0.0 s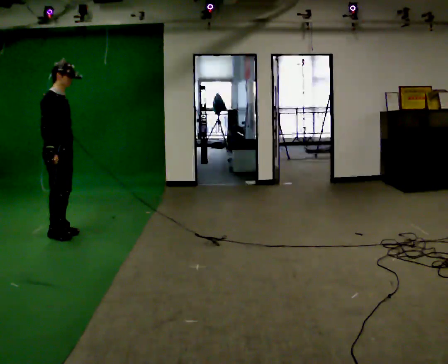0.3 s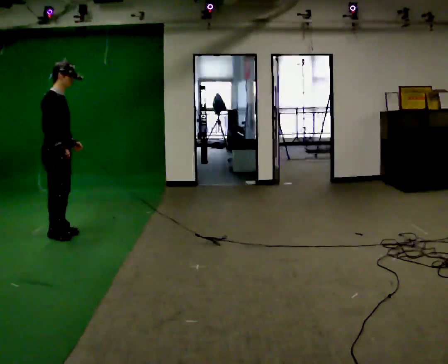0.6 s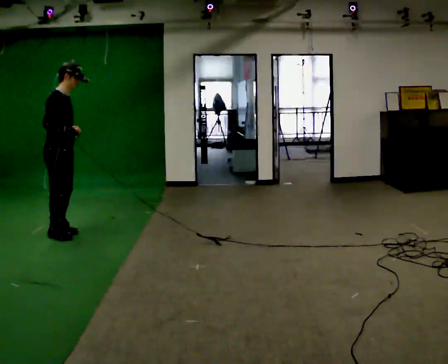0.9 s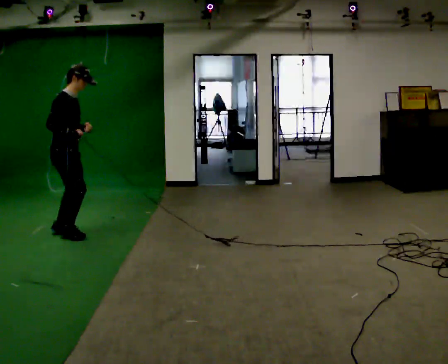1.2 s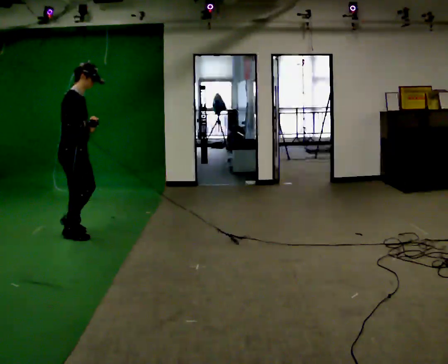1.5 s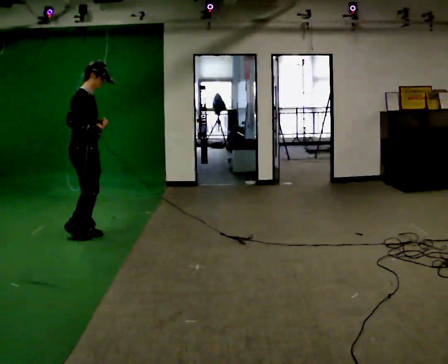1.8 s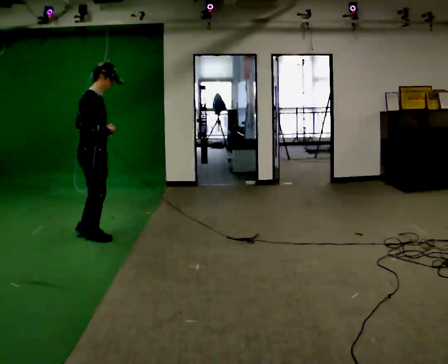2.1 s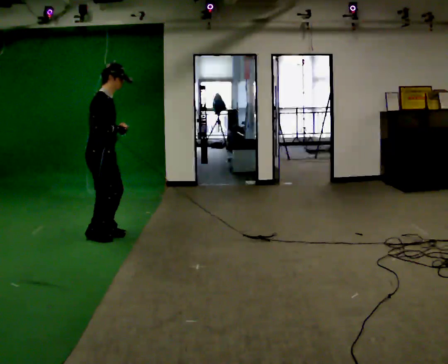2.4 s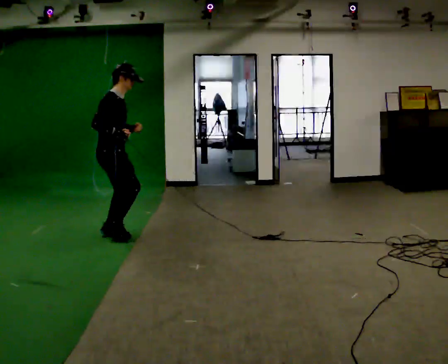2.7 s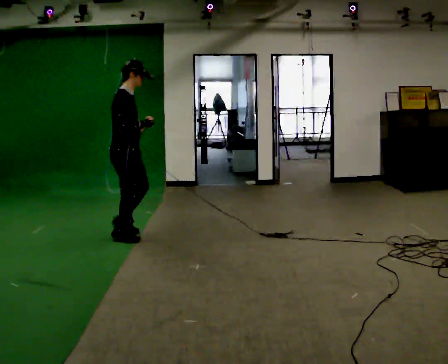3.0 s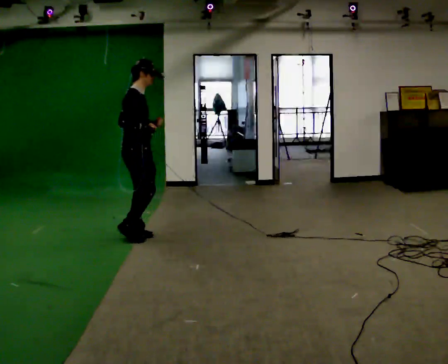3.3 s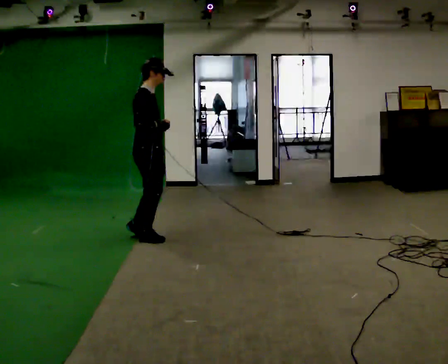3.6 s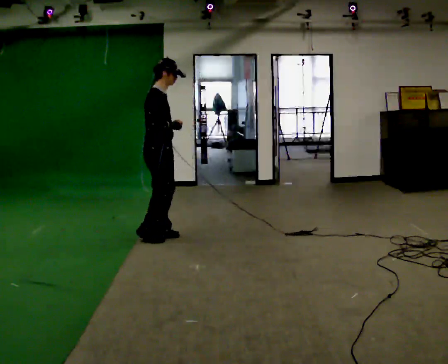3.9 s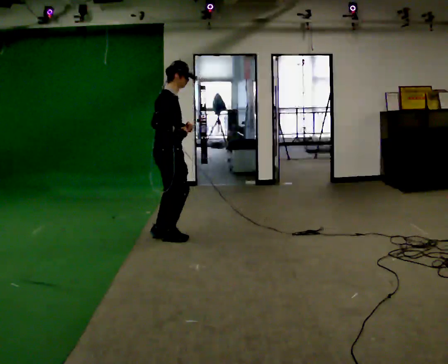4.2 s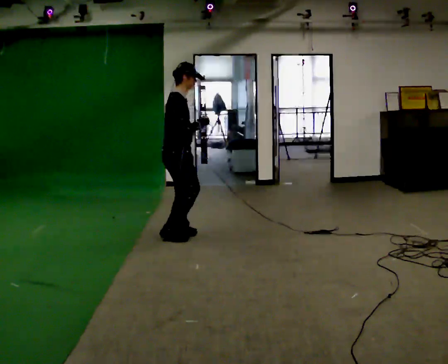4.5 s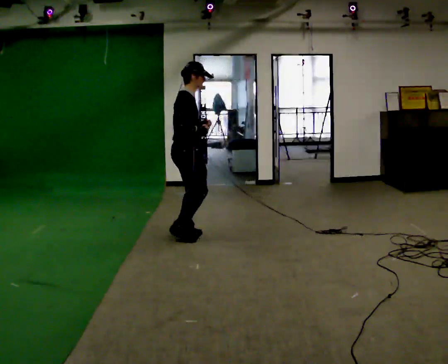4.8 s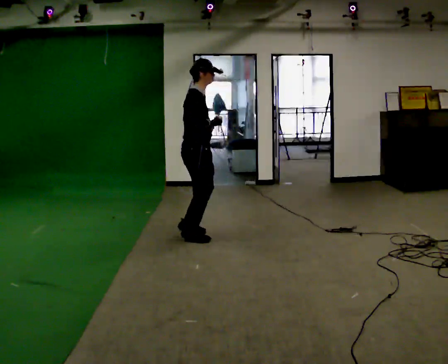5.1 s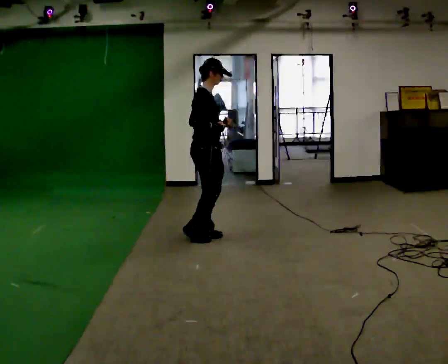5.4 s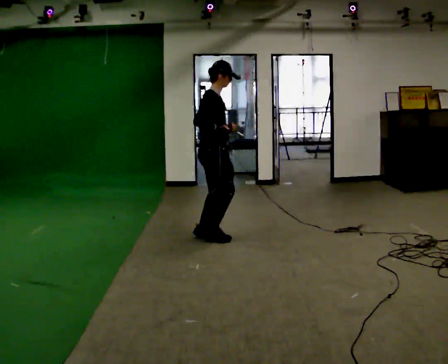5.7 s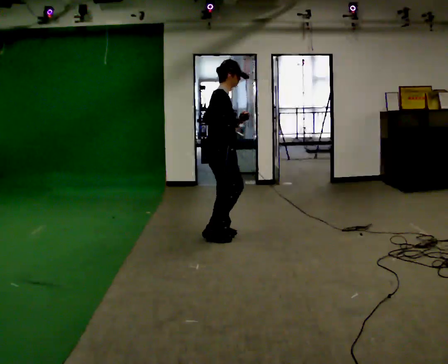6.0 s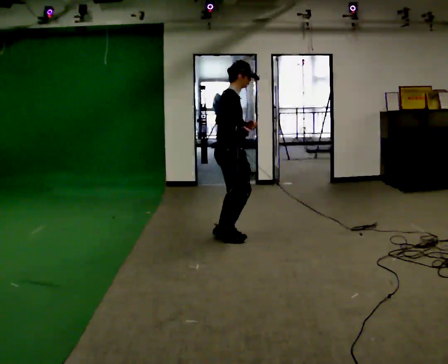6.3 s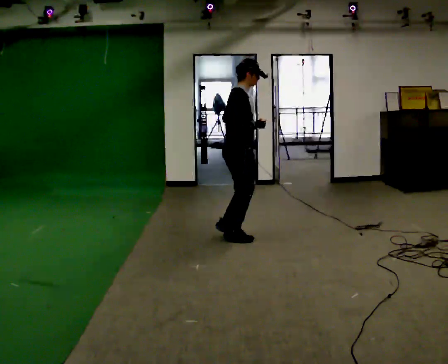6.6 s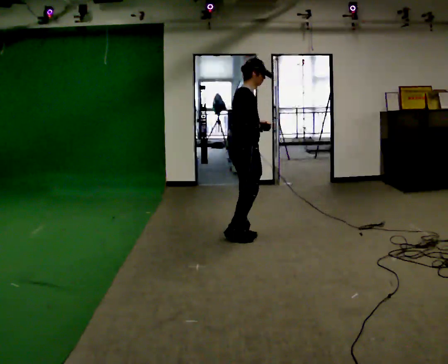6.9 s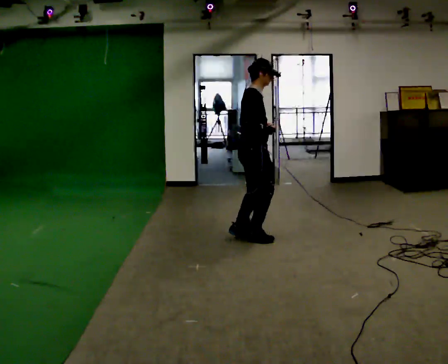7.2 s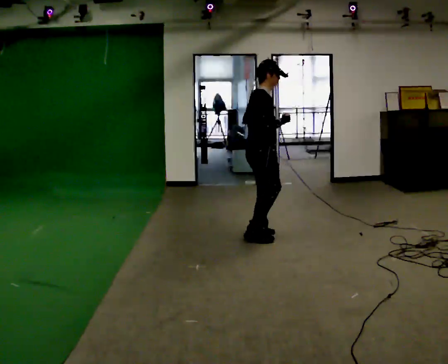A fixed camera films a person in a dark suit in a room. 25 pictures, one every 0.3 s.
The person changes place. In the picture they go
to the right.
0.0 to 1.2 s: In the picture they go to the right, about 0.25 m in 2 steps, which for them is forward. In the picture their right hand goes to the right.
1.2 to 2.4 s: In the picture they go to the right, about 0.5 m in 3 steps, which for them is forward.
2.4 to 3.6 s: In the picture they go to the right, about 0.5 m in 3 steps, which for them is forward.
3.6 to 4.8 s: In the picture they go to the right, about 0.25 m in 4 steps, which for them is forward.
4.8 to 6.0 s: In the picture they go to the right, about 0.25 m in 3 steps, which for them is forward.
6.0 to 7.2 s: In the picture they go to the right, about 0.25 m in 2 steps, which for them is forward.
The film runs backward here.
